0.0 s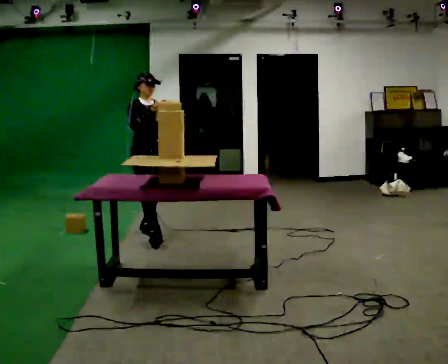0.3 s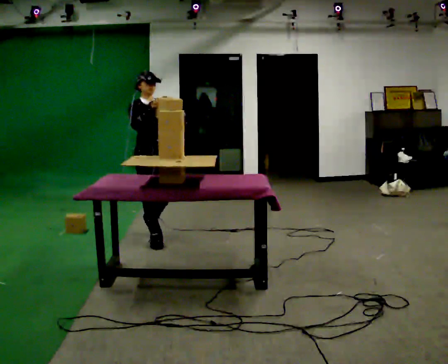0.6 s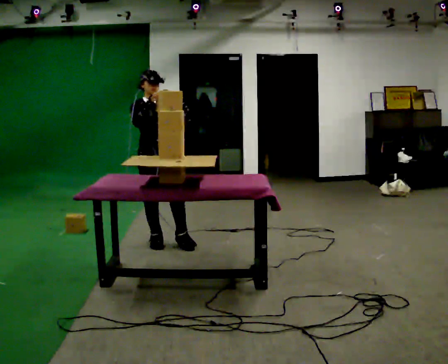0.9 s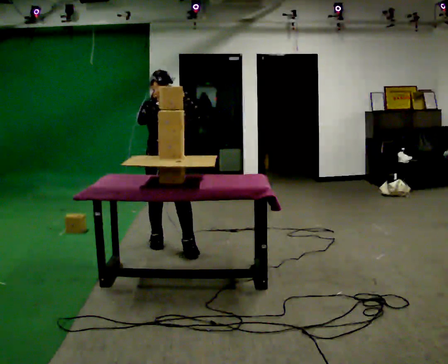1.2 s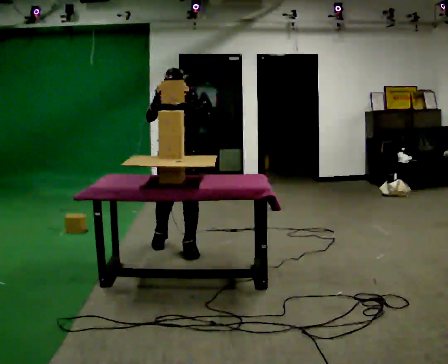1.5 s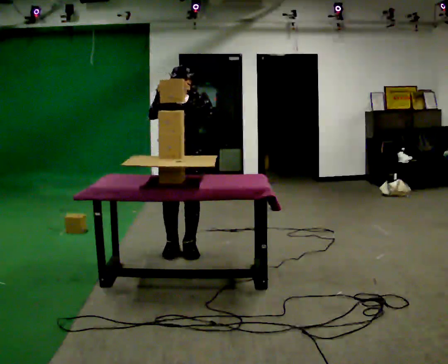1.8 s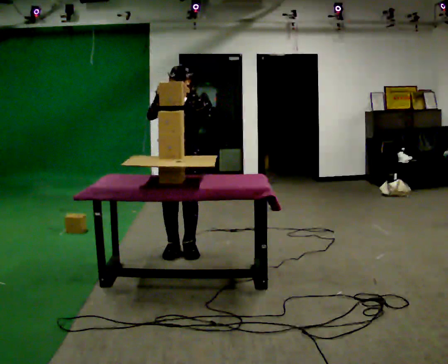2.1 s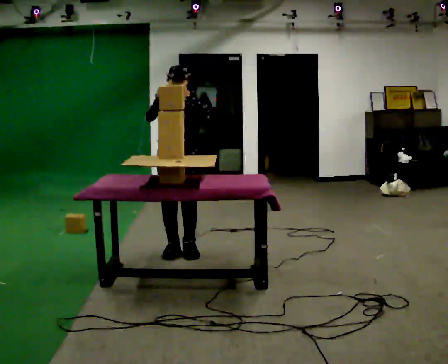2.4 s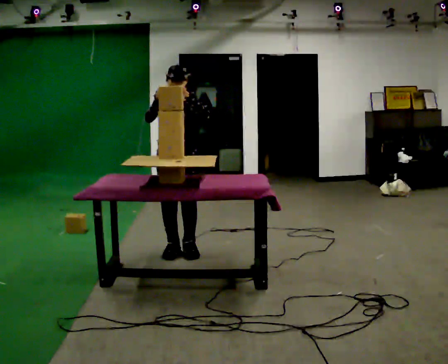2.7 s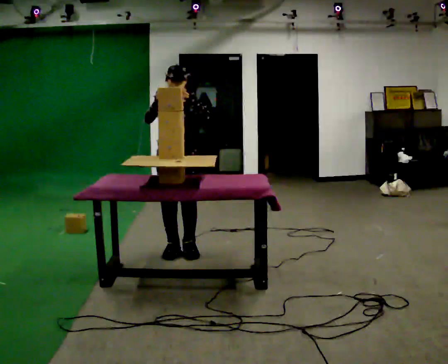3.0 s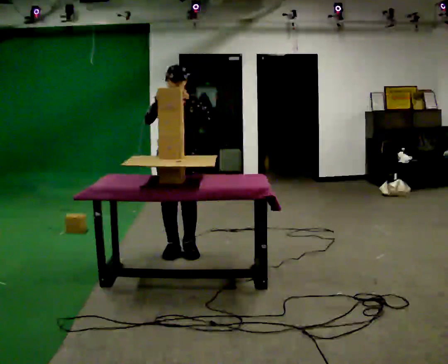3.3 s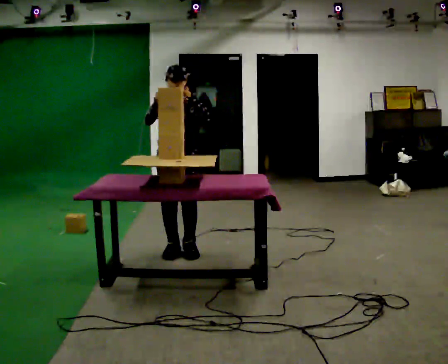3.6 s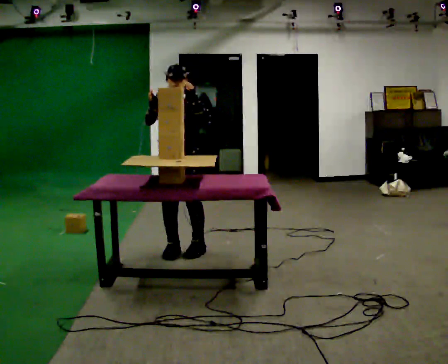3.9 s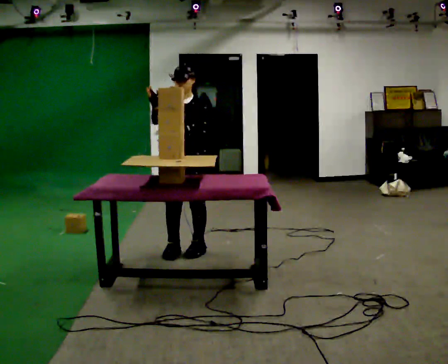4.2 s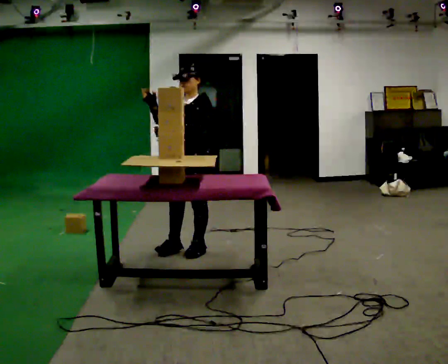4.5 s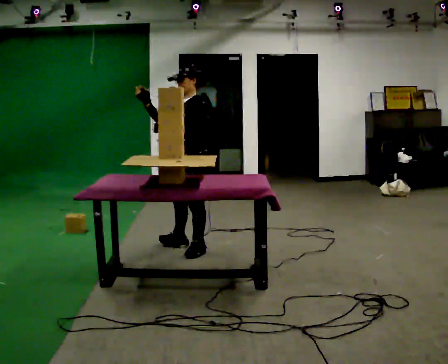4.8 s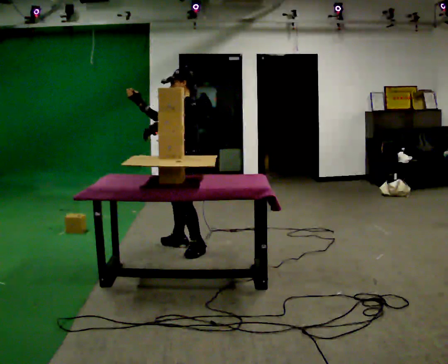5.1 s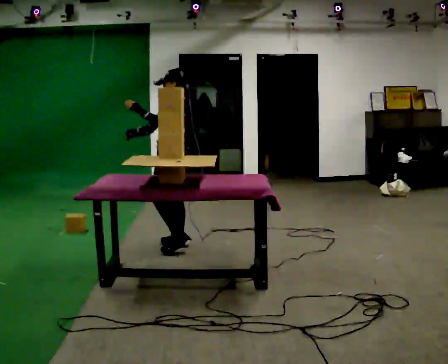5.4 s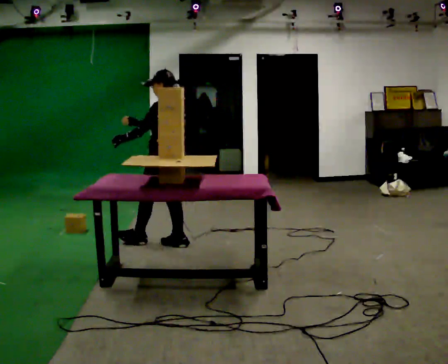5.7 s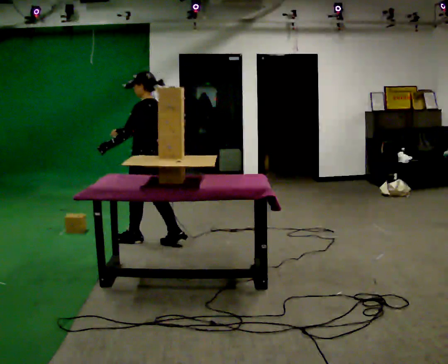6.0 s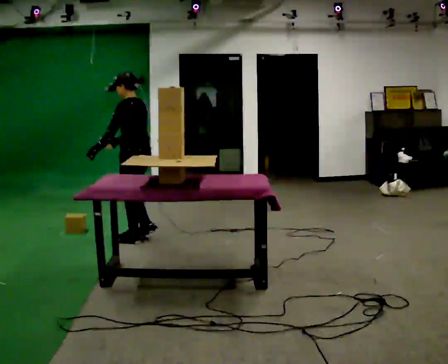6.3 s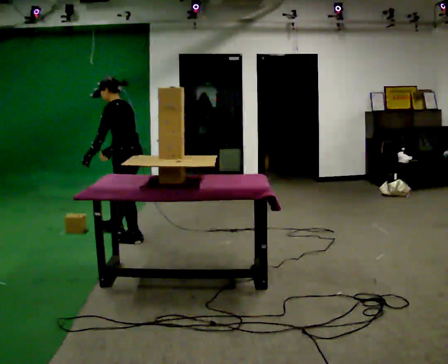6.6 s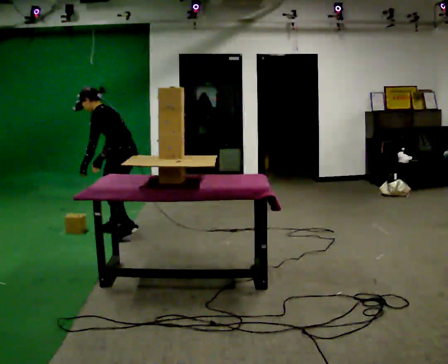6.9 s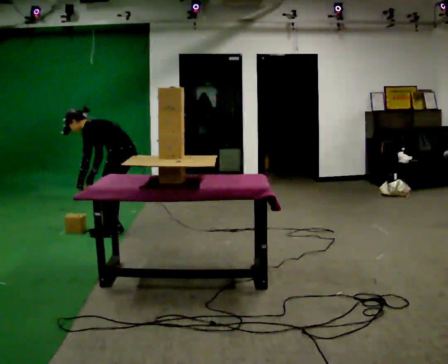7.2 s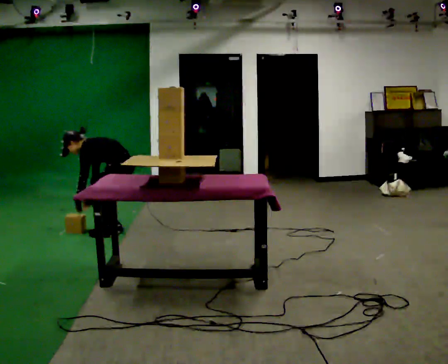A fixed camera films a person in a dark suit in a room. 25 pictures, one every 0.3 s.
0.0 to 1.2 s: Seen from above the body turns clockwise, about 30 degrees: to their right, with its near side sliding to the left. In the picture they go toward the camera and to the right, about 0.5 m in 1 step, which for them is forward.
1.2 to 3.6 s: The person moves a little, or ends about where they began.
3.6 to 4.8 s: The person turns about 75 degrees to their right, clockwise seen from above, so the part of the body nearest the lens slides to the left. In the picture they go away from the camera, about 0.25 m in 1 step. In the picture their left hand goes to the left.
4.8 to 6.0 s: The part of the body nearest the lens slides to the left as the person turns to their right by about 30 degrees. In the picture they go to the left and away from the camera, about 0.5 m in 1 step, which for them is forward. In the picture their right hand goes downward, the arm swinging counterclockwise.
6.0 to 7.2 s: In the picture they go away from the camera and to the left, about 0.25 m in 2 steps, which for them is to their right and forward. The shoulders move downward. In the picture the upper body tilts counterclockwise, shoulders to the left, as they bend forward. In the picture their left hand goes downward.
The film runs forward here.
